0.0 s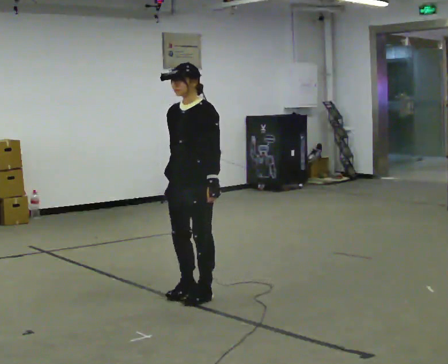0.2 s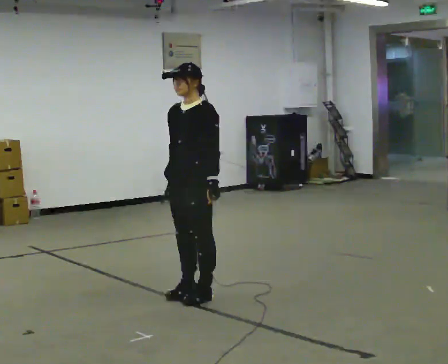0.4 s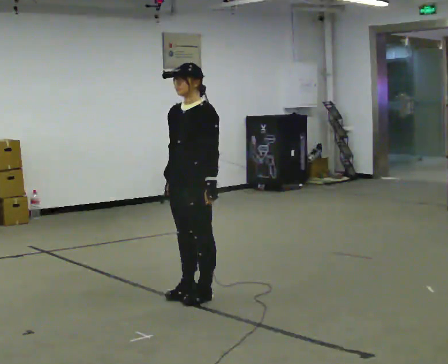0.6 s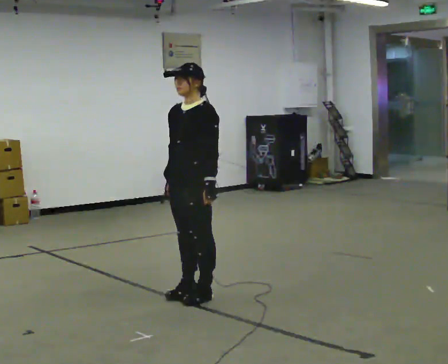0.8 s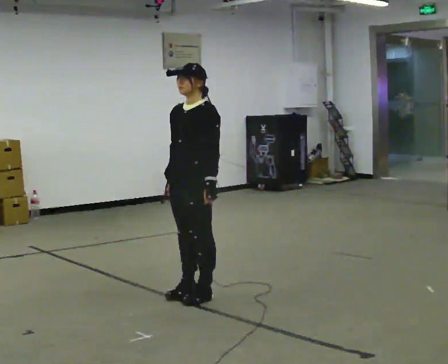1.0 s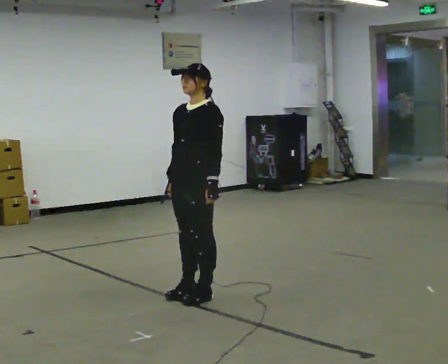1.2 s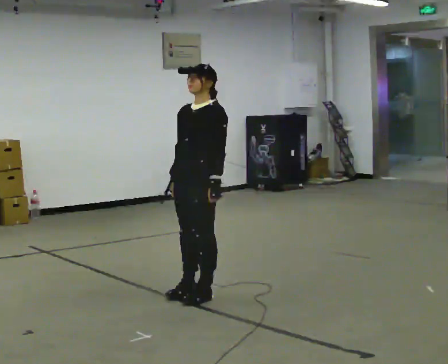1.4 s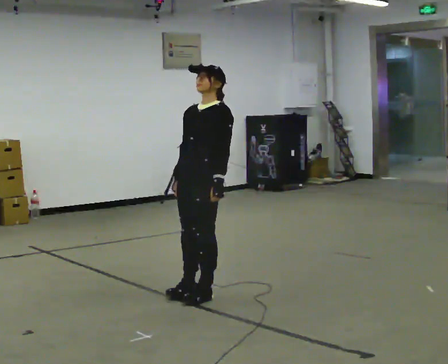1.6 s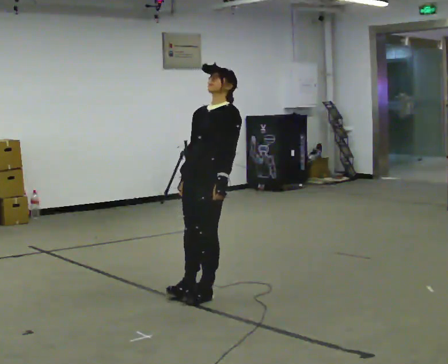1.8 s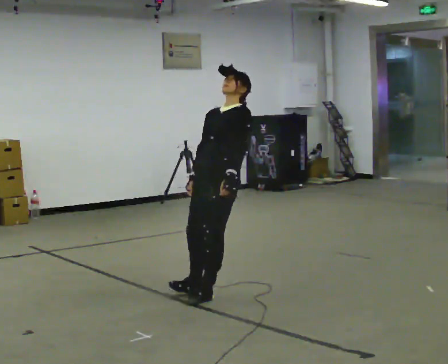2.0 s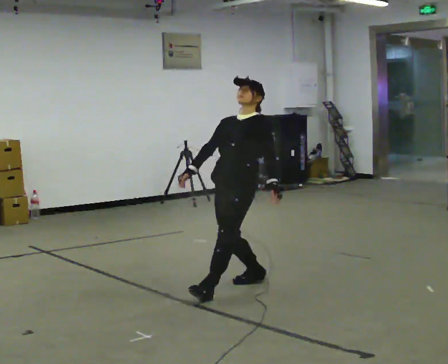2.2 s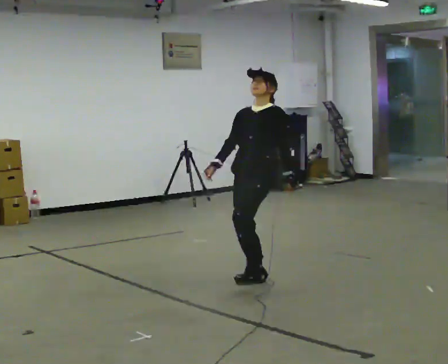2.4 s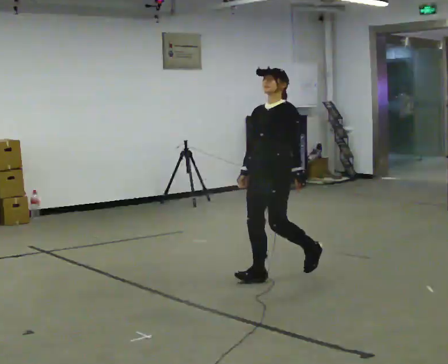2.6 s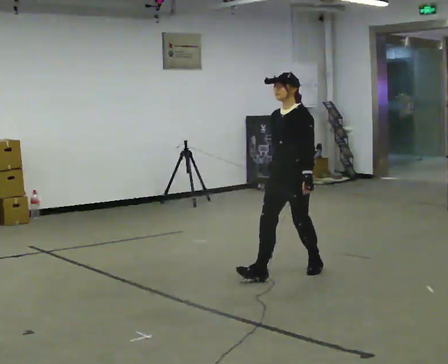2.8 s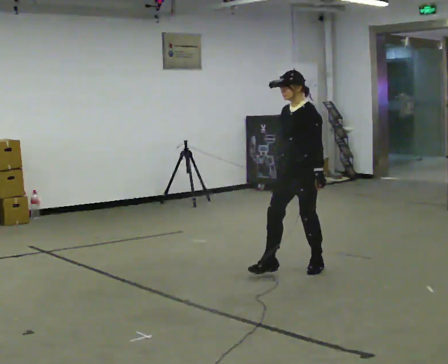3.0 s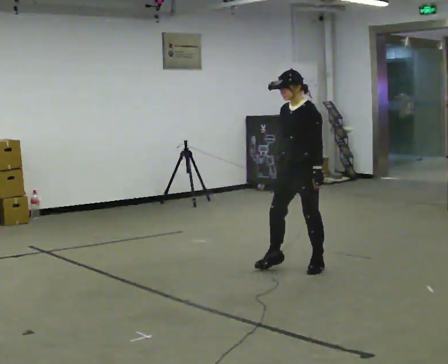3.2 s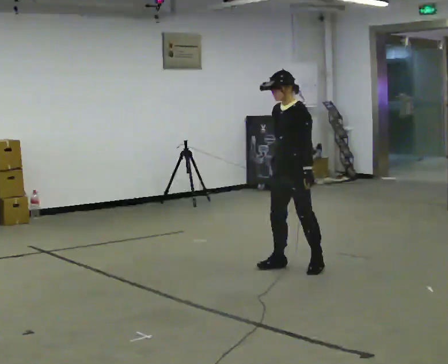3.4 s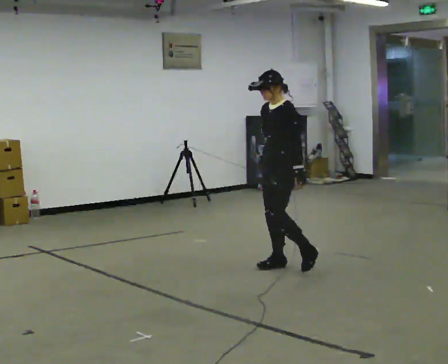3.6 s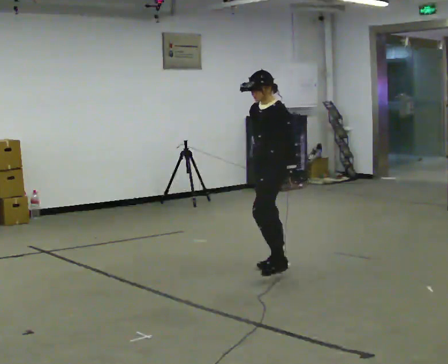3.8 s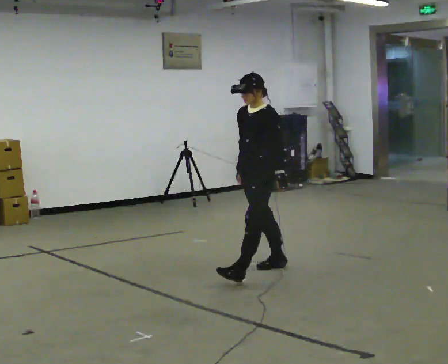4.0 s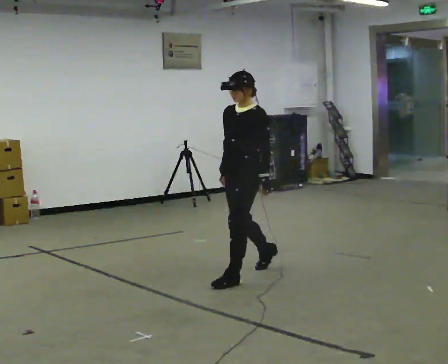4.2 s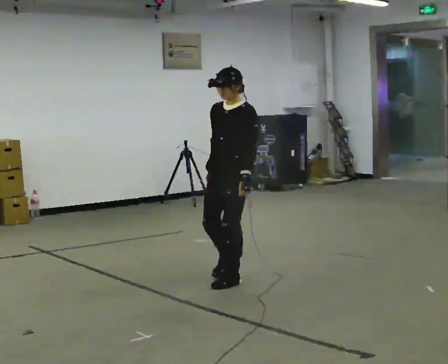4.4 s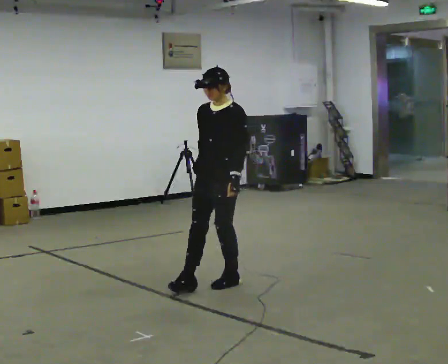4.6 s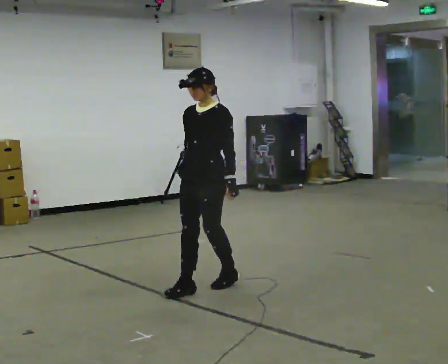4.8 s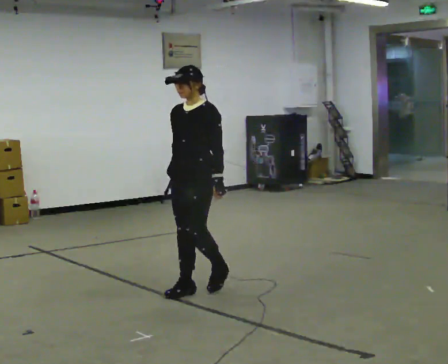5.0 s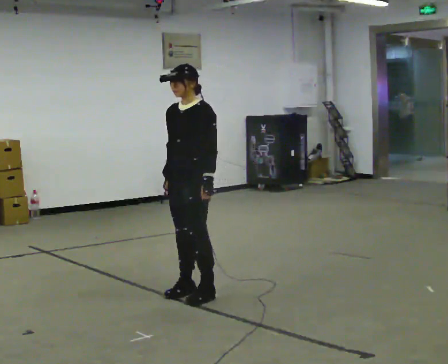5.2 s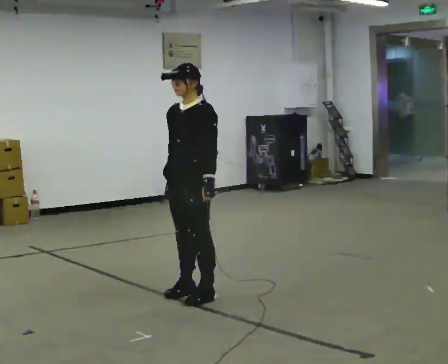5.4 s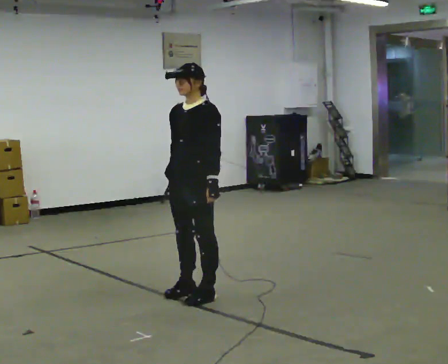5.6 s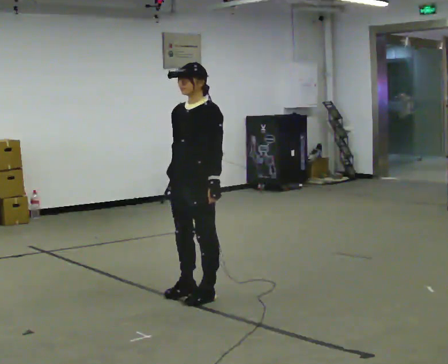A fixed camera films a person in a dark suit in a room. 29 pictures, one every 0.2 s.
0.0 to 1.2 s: The person moves a little, or ends about where they began.
1.2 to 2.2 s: In the picture they go away from the camera and to the right, about 0.5 m in 1 step, which for them is backward.
2.2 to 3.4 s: Seen from above the body turns clockwise, about 30 degrees: to their right, with its near side sliding to the left. In the picture they go away from the camera, about 0.5 m in 2 steps, which for them is backward and to their right.
3.4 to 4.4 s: In the picture they go toward the camera and to the left, about 0.75 m in 1 step, which for them is forward.
4.4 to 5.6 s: In the picture they go toward the camera, about 0.25 m in 2 steps, which for them is forward.
The film runs forward here.
